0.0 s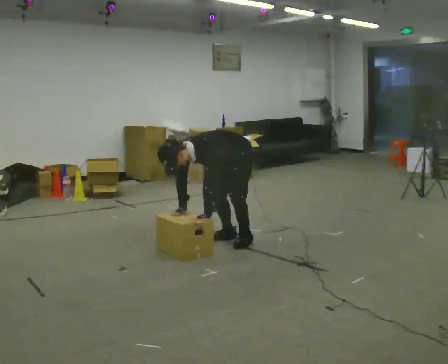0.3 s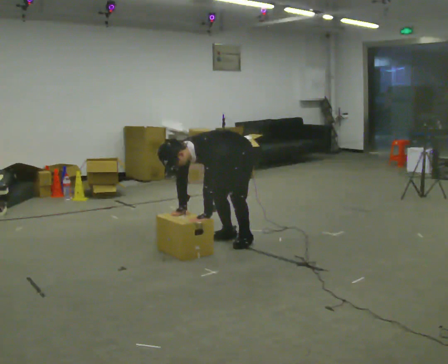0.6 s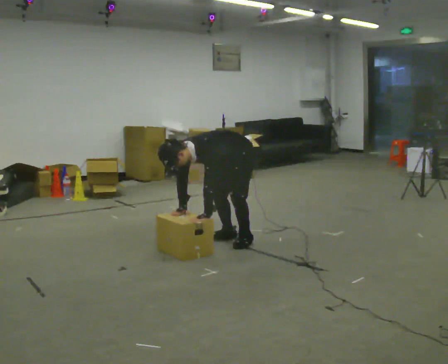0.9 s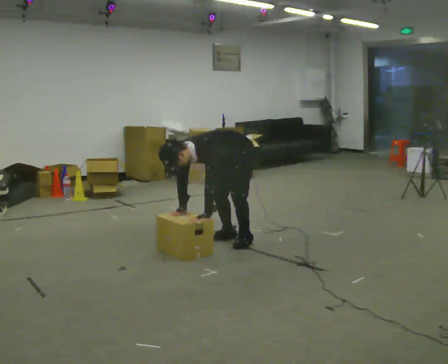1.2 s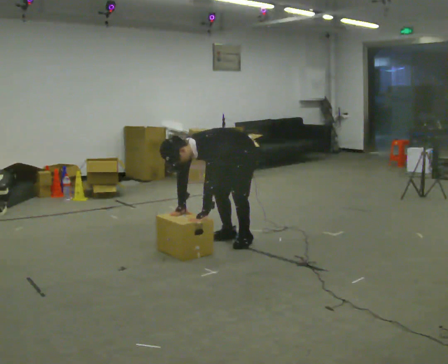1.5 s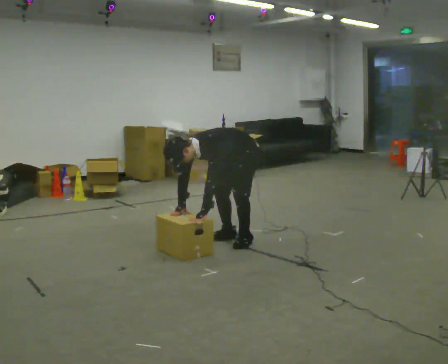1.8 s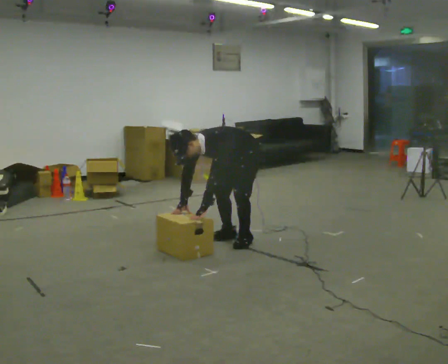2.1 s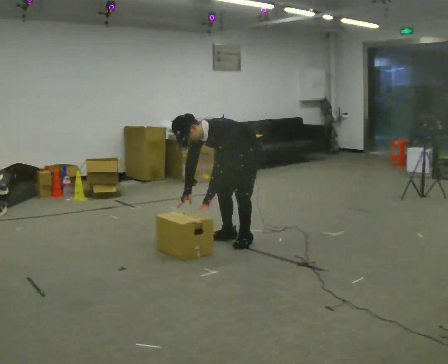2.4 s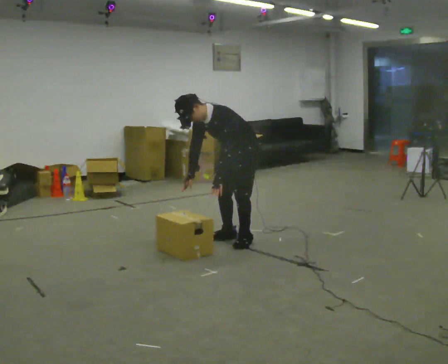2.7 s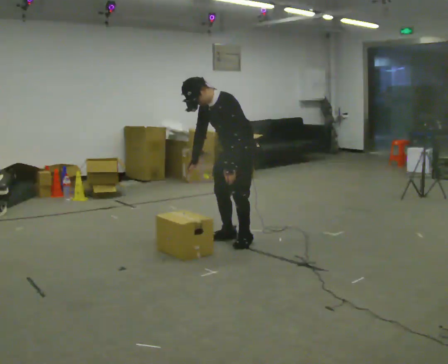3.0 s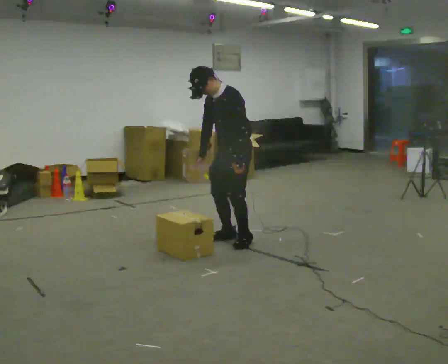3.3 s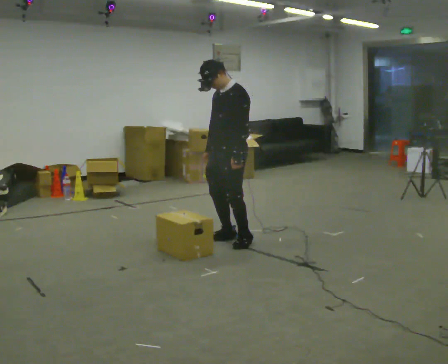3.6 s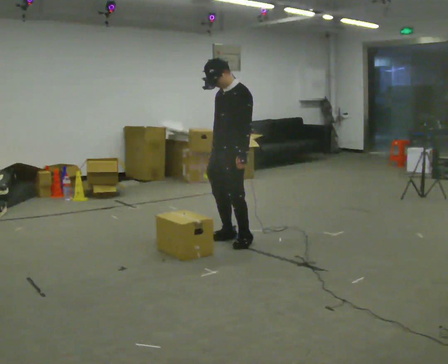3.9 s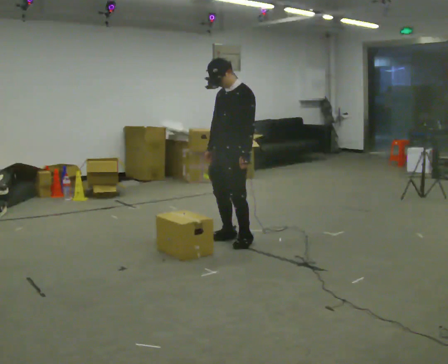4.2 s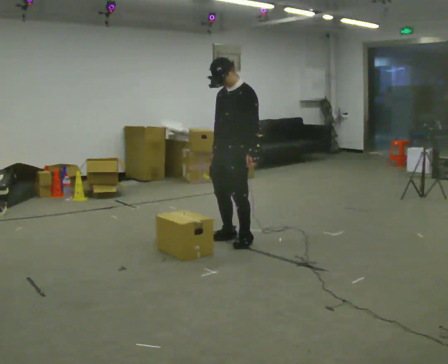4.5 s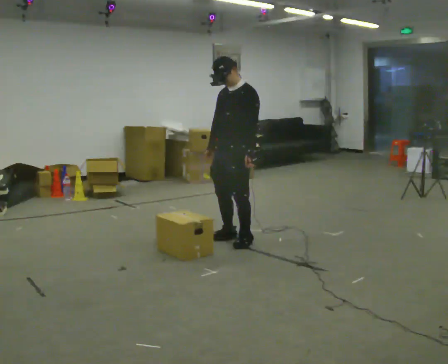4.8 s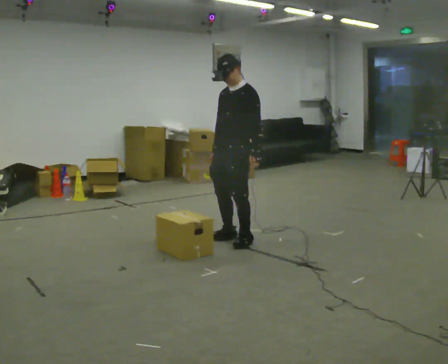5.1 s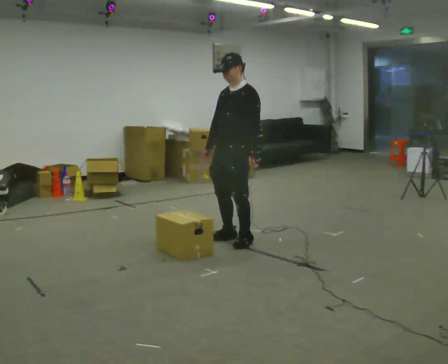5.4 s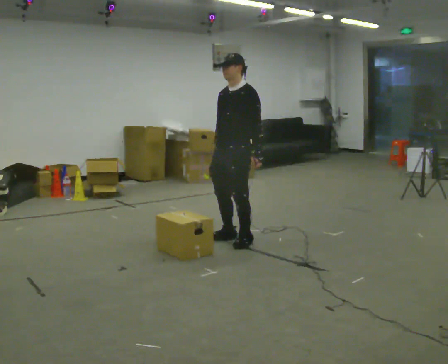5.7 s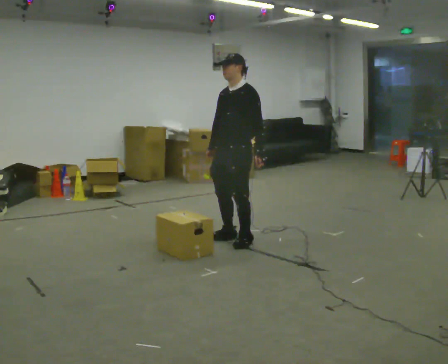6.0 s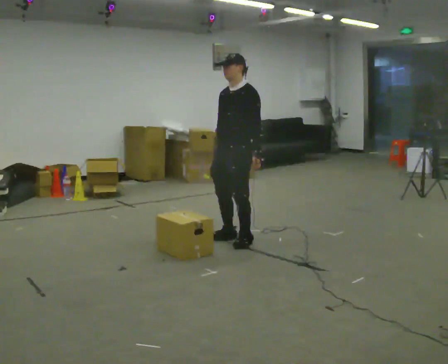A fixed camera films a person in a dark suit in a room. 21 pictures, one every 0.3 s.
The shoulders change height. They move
upward.
Their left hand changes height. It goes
upward.
0.0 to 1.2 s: The person moves a little, or ends about where they began.
1.2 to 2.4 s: The shoulders move upward. The upper body tips away from the camera, its near side rolling upward, as they lean back or straighten.
2.4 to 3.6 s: The upper body goes upward. In the picture the upper body tilts clockwise, shoulders to the right, as they lean back or straighten.
3.6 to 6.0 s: The person moves a little, or ends about where they began.
The film runs backward here.
